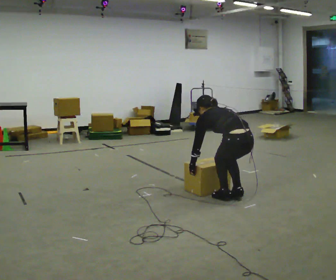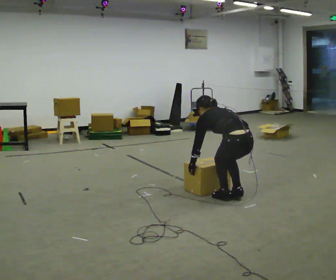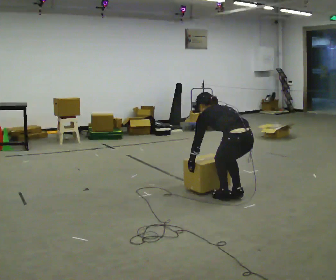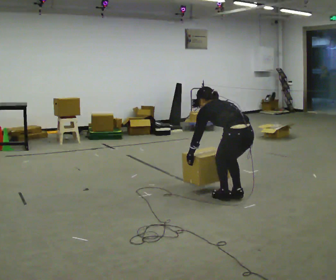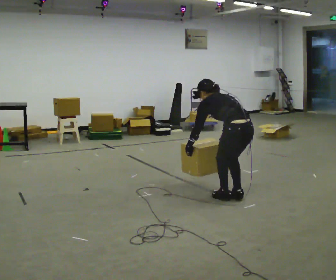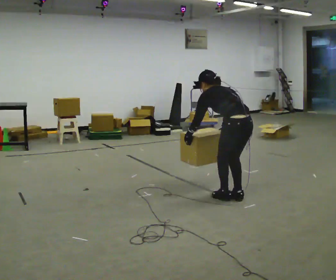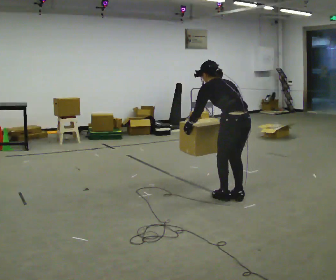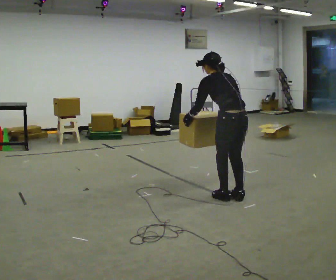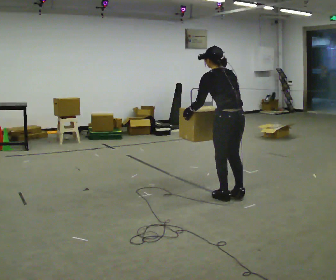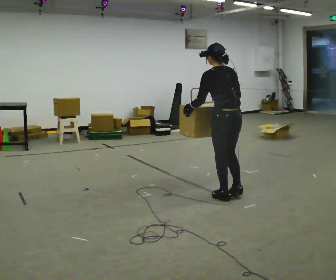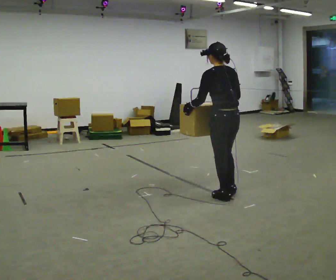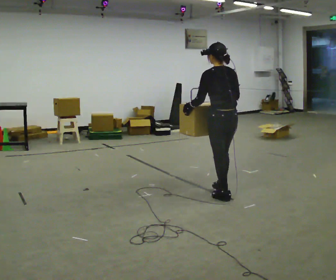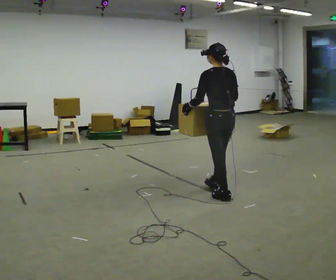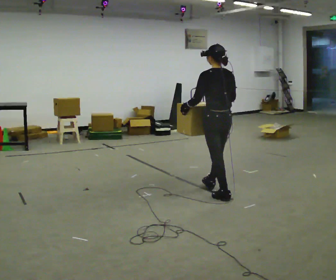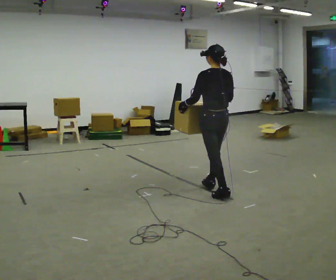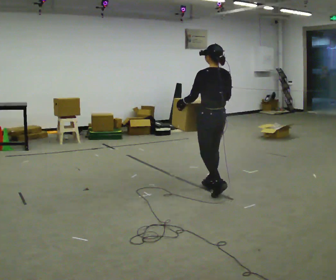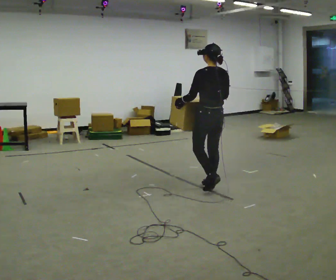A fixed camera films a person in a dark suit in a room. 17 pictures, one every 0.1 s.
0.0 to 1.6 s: In the picture they go away from the camera and to the left, about 0.5 m in 1 step, which for them is forward. The shoulders move upward. In the picture the upper body tilts clockwise, shoulders to the right, as they lean back or straighten. In the picture their left hand goes upward.
The film runs forward here.
